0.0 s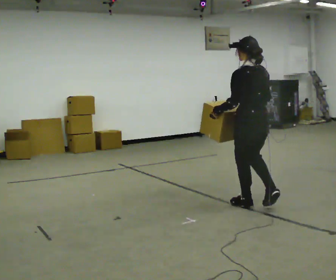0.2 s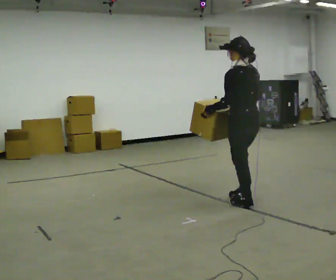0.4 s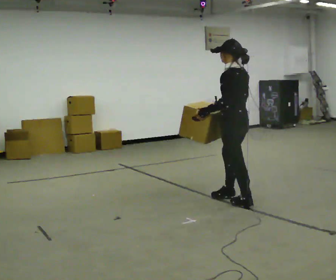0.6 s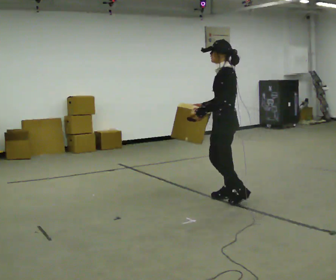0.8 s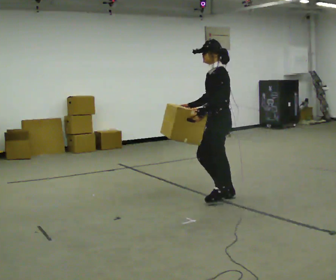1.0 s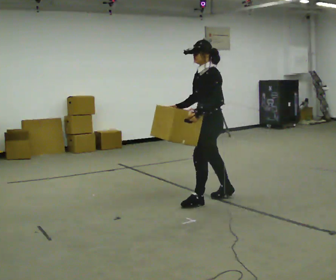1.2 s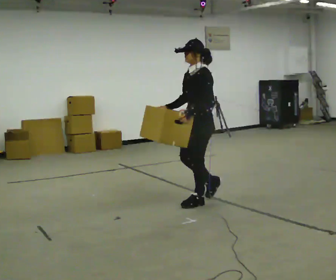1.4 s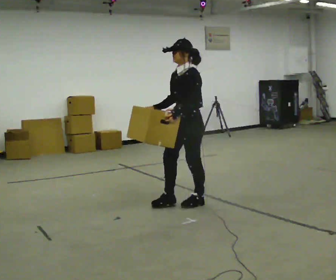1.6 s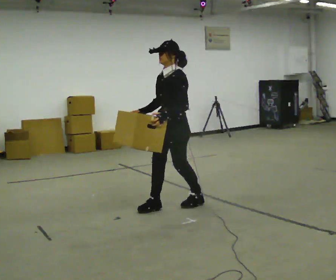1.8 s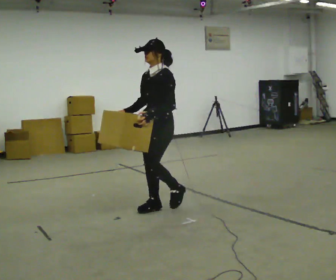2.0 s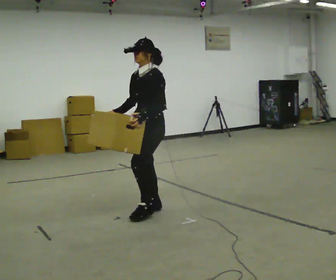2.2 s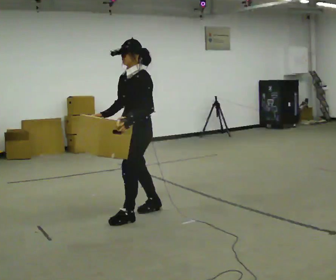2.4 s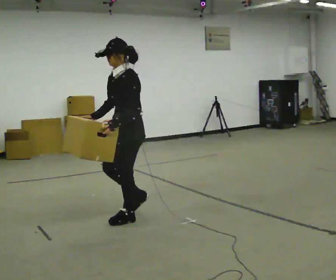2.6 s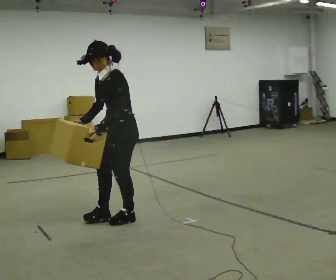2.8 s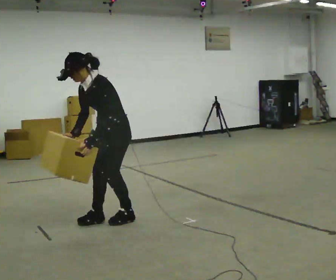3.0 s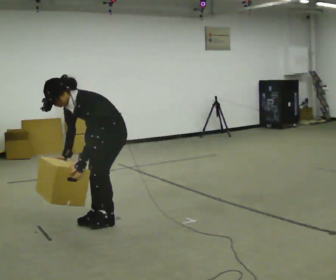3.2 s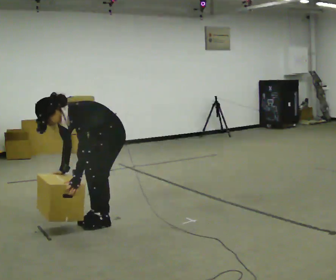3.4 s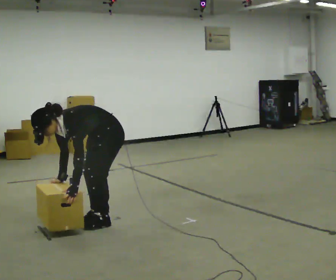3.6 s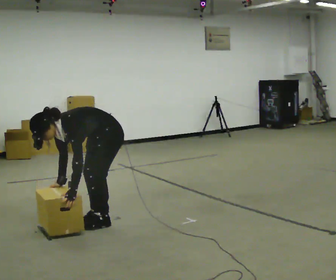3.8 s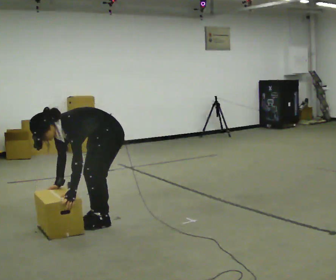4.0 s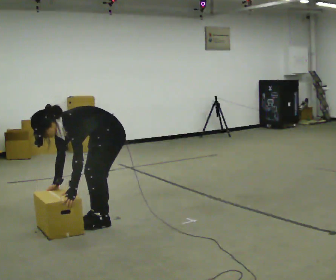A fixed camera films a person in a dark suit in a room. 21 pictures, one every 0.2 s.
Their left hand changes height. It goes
downward.
Their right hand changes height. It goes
downward.
0.0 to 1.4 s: The person turns about 90 degrees to their left, counterclockwise seen from above, so the part of the body nearest the lens slides to the right. In the picture they go to the left, about 0.5 m in 2 steps.
1.4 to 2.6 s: In the picture they go to the left and toward the camera, about 0.5 m in 2 steps, which for them is forward.
2.6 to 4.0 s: The shoulders move downward. In the picture the upper body tilts counterclockwise, shoulders to the left, as they bend forward. In the picture their right hand goes downward.
The film runs forward here.
